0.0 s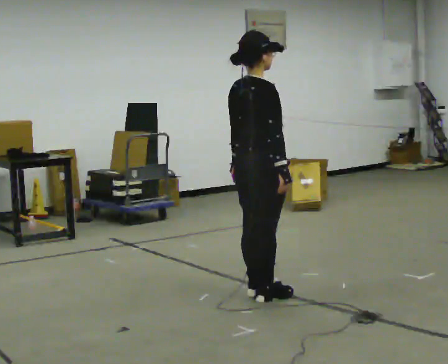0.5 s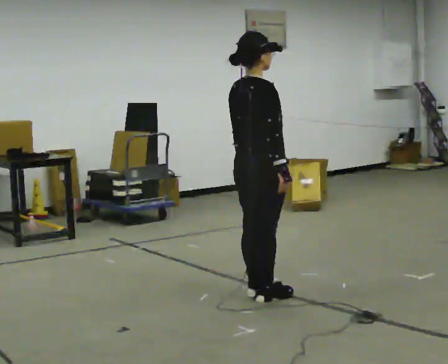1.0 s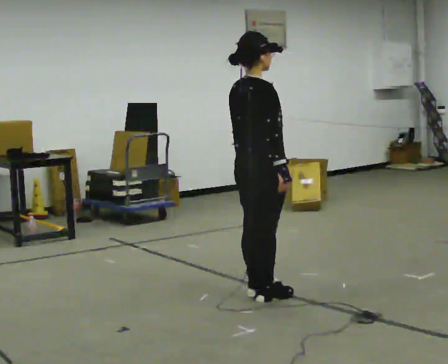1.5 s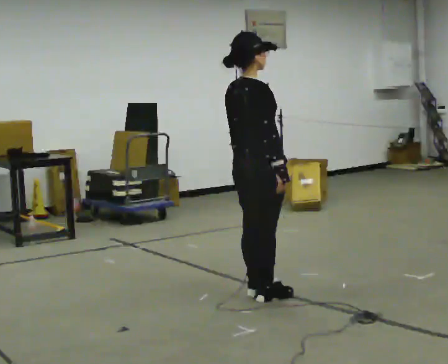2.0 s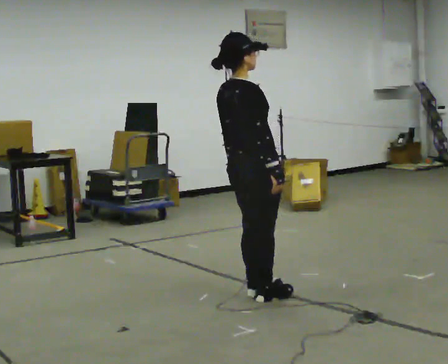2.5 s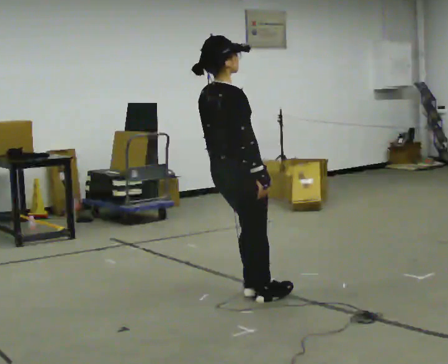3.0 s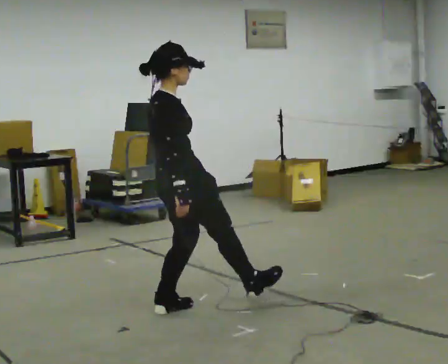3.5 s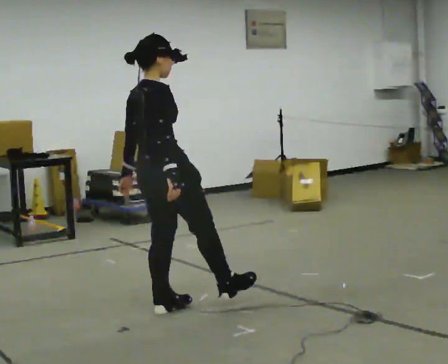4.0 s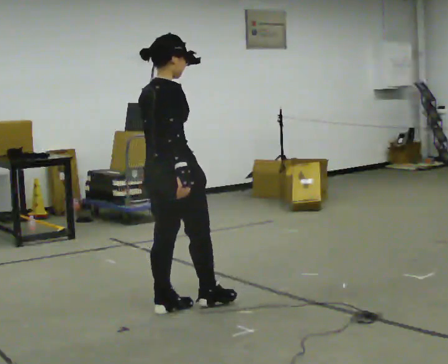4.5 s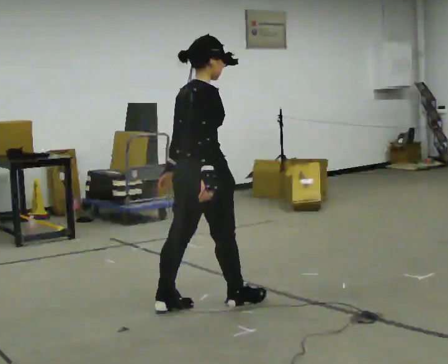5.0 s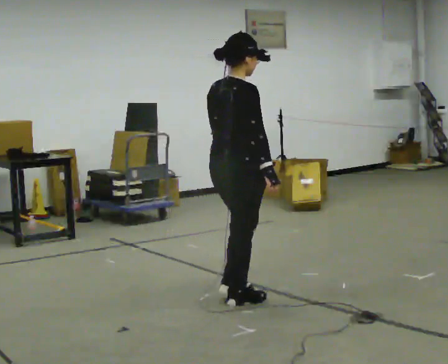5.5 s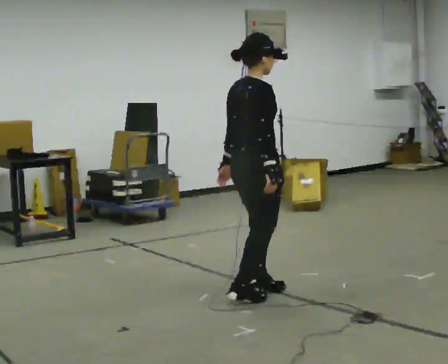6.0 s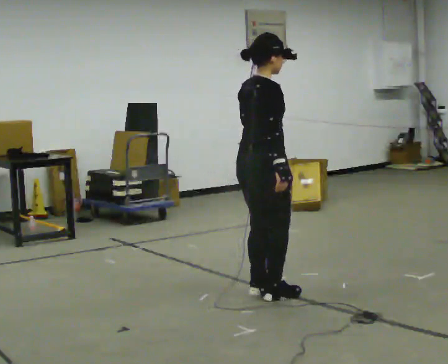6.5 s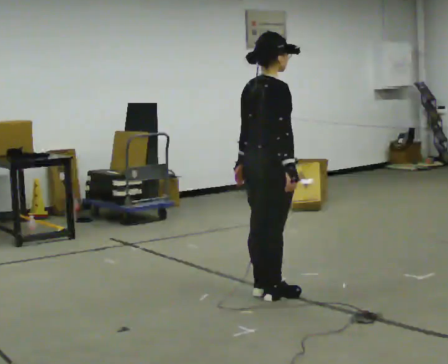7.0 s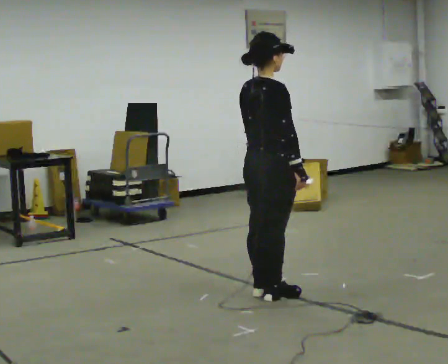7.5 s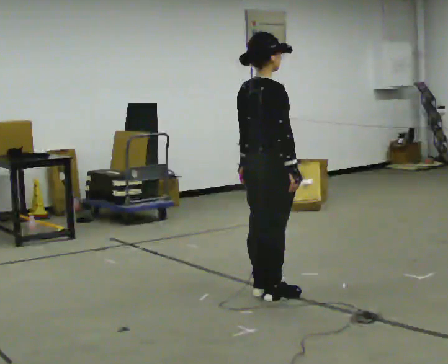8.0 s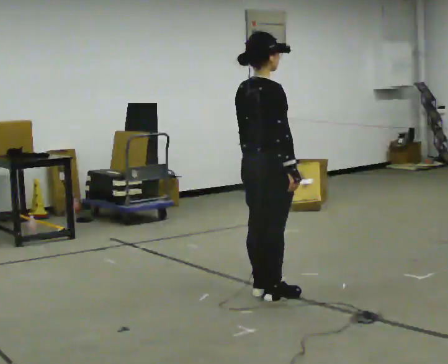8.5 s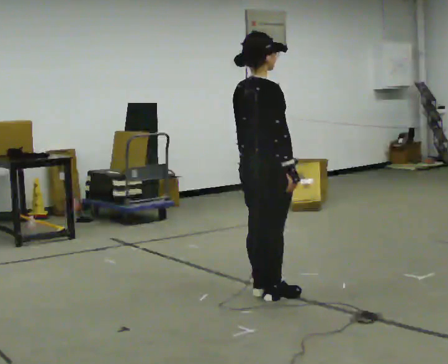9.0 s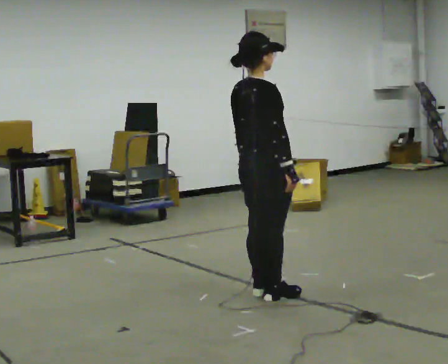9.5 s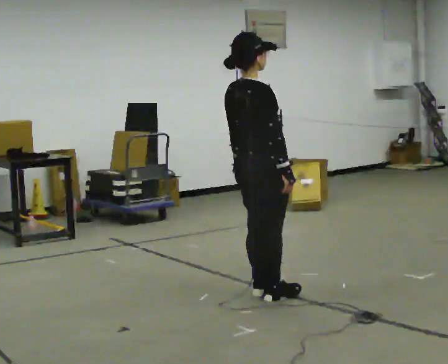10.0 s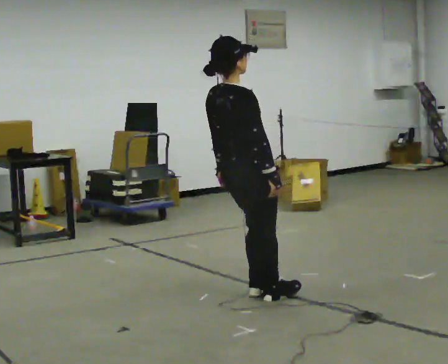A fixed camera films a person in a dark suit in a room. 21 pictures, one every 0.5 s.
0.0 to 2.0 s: The person moves a little, or ends about where they began.
2.0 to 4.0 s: In the picture they go to the left and toward the camera, about 0.5 m in 2 steps, which for them is backward.
4.0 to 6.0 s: In the picture they go to the right and away from the camera, about 0.5 m in 2 steps, which for them is forward.
6.0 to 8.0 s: The person moves a little, or ends about where they began.
8.0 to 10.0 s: In the picture they go to the left, about 0.25 m, which for them is backward.
The film runs forward here.
